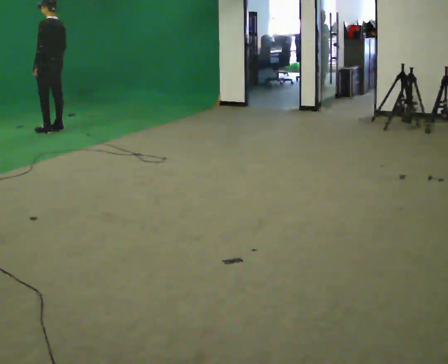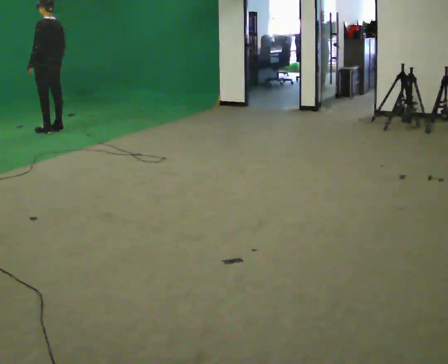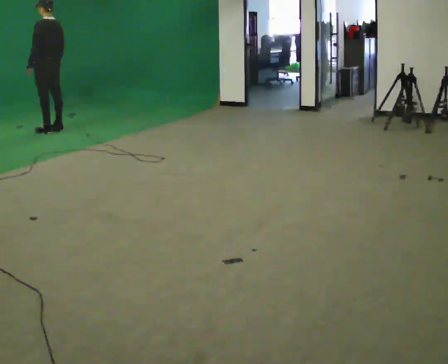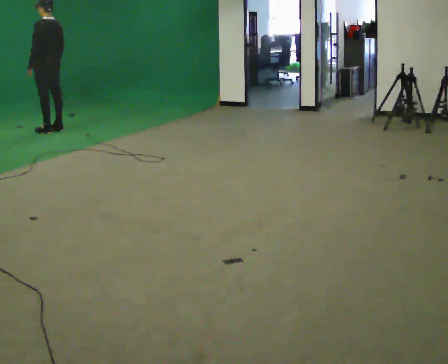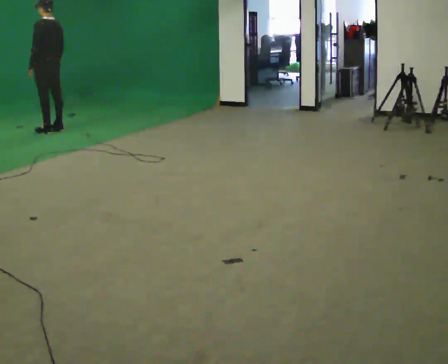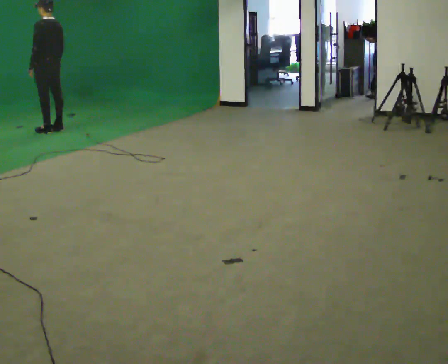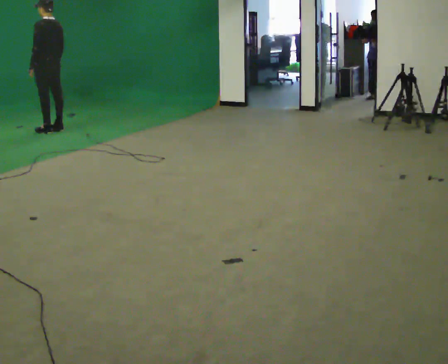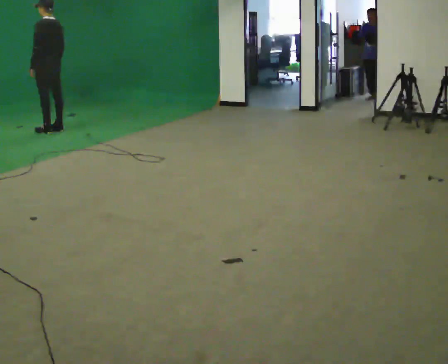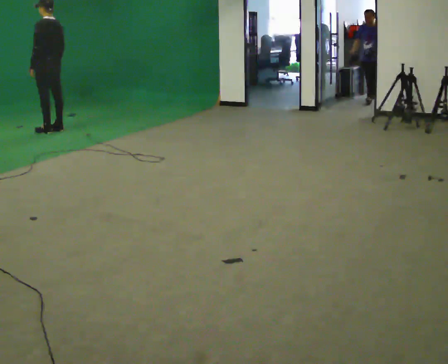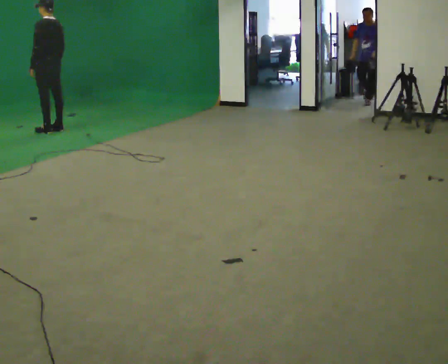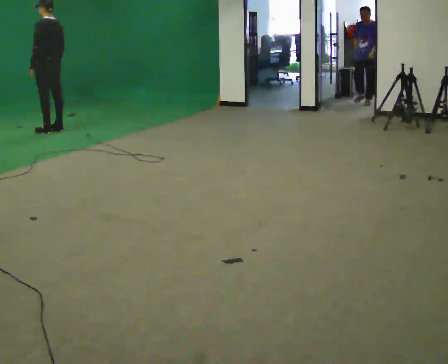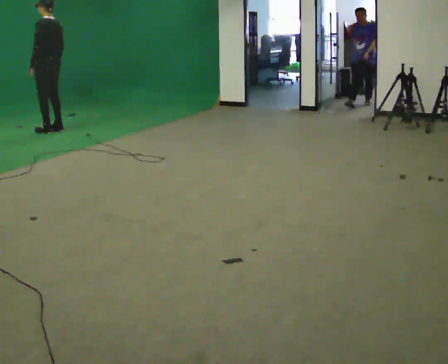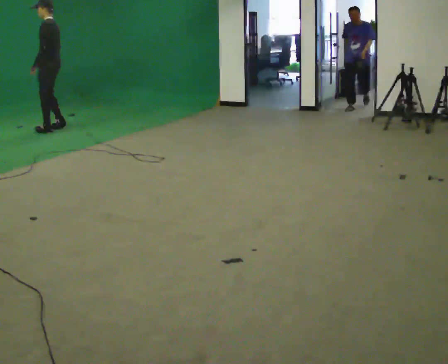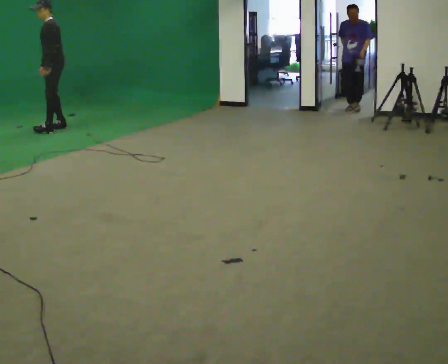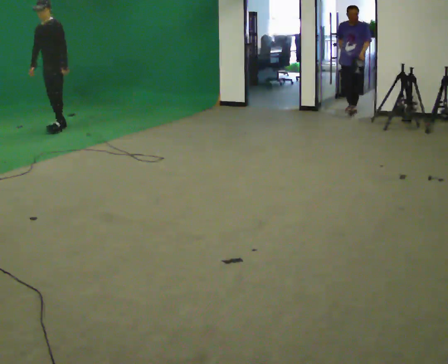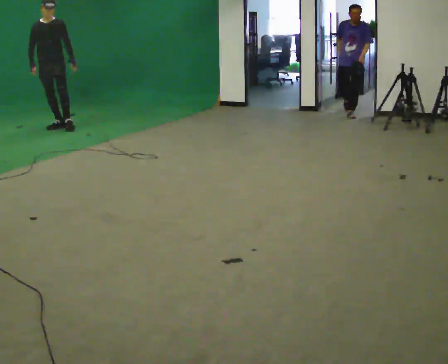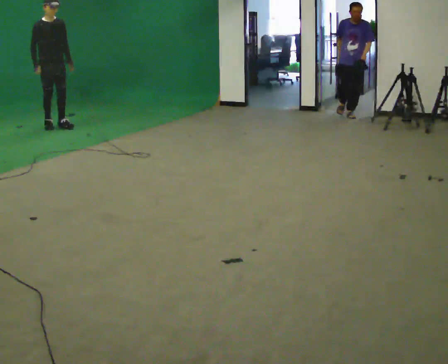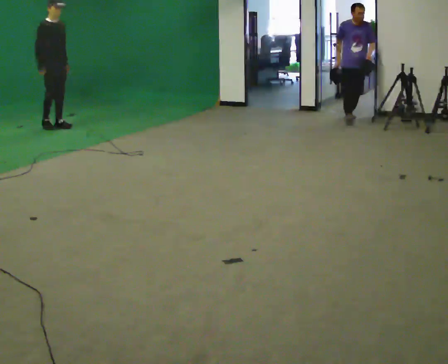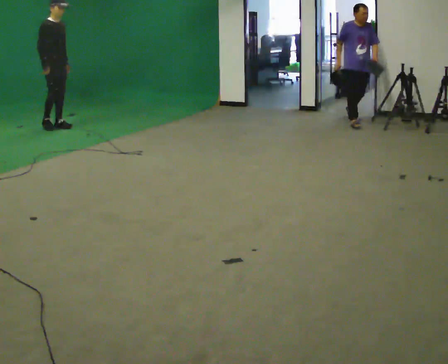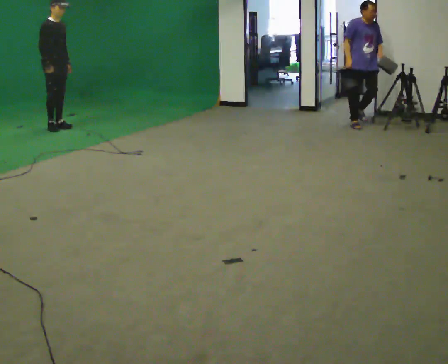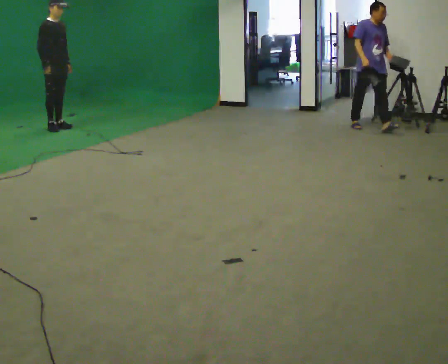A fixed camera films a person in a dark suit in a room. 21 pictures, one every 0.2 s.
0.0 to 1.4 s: The person moves a little, or ends about where they began.
1.4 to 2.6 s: The person turns about 60 degrees to their left, counterclockwise seen from above, so the part of the body nearest the lens slides to the right.
2.6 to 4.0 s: The part of the body nearest the lens slides to the right as the person turns to their left by about 120 degrees.
The film runs forward here.
